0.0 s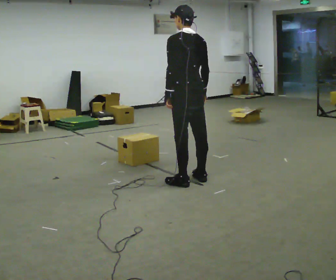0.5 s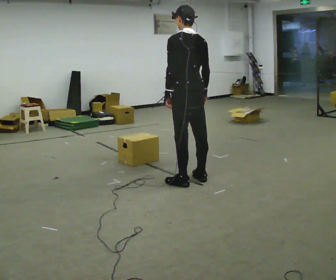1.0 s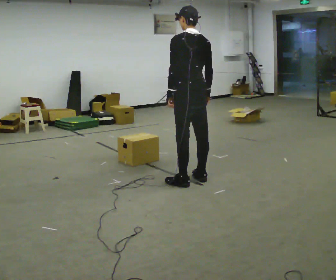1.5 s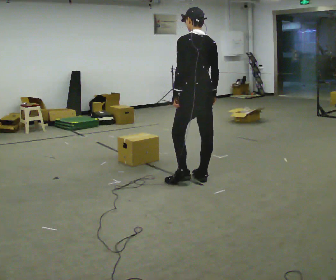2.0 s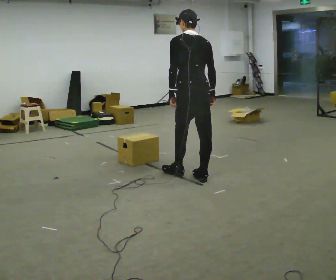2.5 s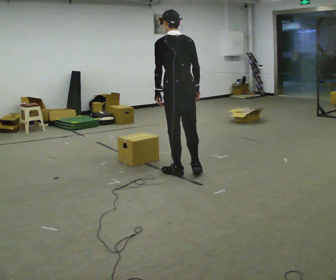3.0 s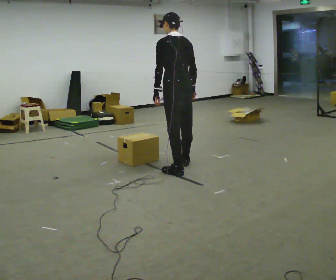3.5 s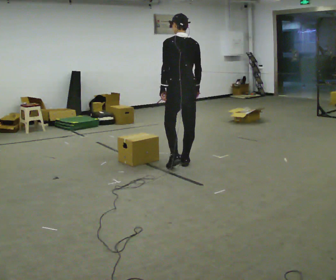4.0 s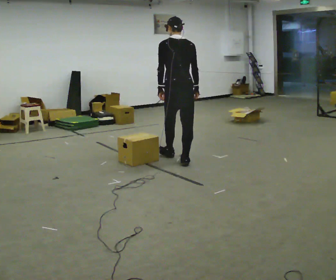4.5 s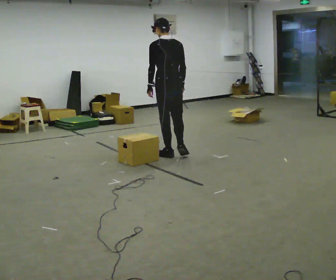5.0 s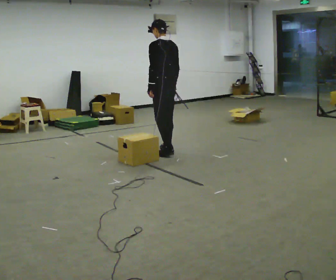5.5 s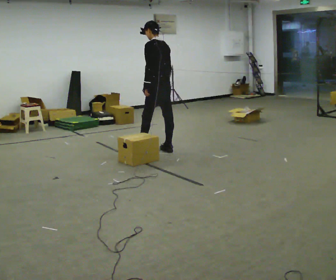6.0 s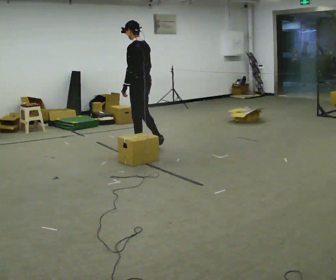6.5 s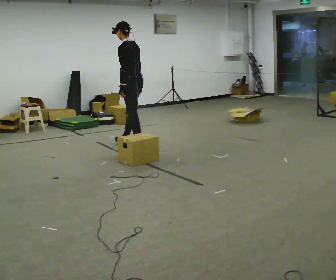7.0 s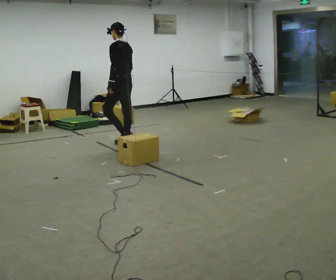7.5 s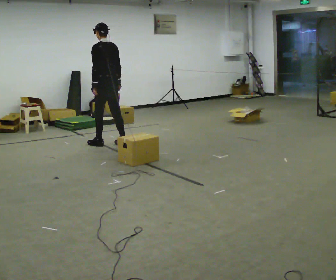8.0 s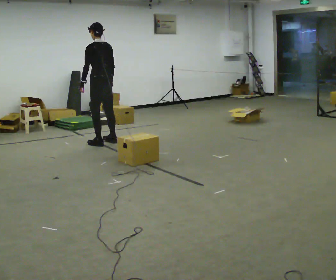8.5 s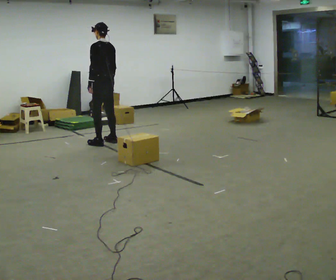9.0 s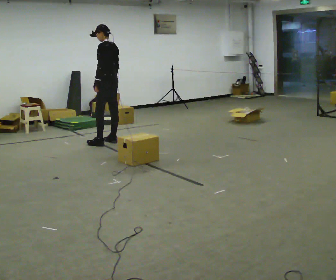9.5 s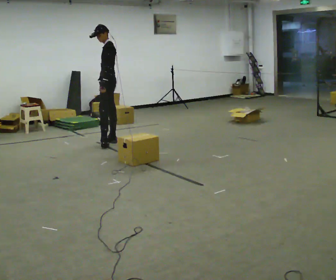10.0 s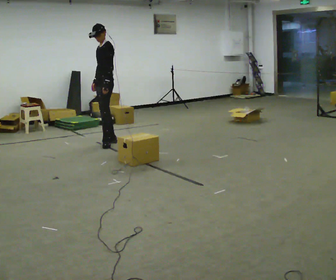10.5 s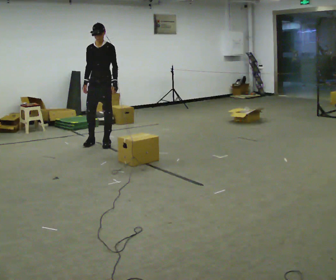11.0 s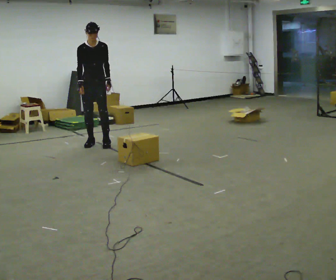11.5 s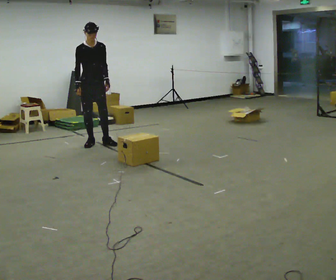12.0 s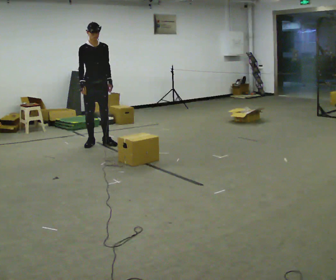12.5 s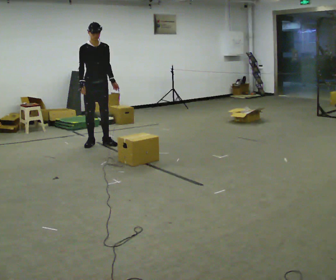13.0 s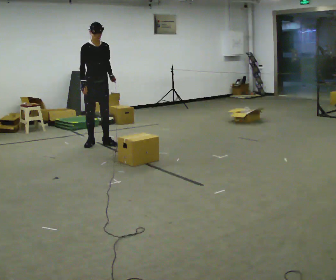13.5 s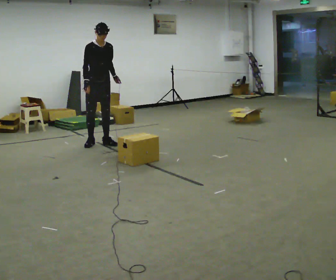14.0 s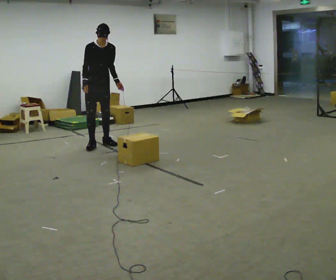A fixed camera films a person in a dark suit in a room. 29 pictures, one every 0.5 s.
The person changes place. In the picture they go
away from the camera.
0.0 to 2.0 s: The person moves a little, or ends about where they began.
2.0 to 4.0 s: In the picture they go away from the camera, about 0.75 m in 2 steps, which for them is forward.
4.0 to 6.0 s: The part of the body nearest the lens slides to the right as the person turns to their left by about 45 degrees. In the picture they go away from the camera and to the left, about 1 m in 2 steps, which for them is forward.
6.0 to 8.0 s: In the picture they go to the left and away from the camera, about 0.75 m in 3 steps, which for them is forward.
8.0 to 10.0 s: Seen from above the body turns counterclockwise, about 75 degrees: to their left, with its near side sliding to the right. In the picture their left hand goes to the right.
10.0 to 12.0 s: The part of the body nearest the lens slides to the right as the person turns to their left by about 90 degrees. In the picture they go to the left, about 0.25 m in 2 steps.
12.0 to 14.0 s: The person moves a little, or ends about where they began.
The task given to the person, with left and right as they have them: Walk toward obstacle; alter path to avoid it; continue toward original destination.
The film runs forward here.
